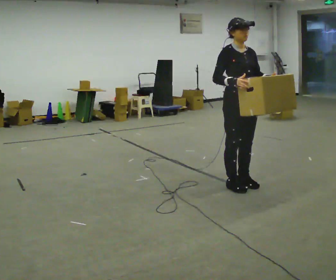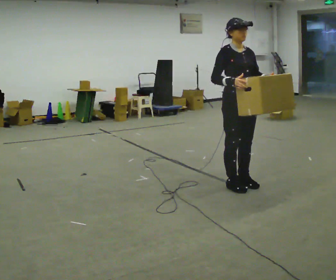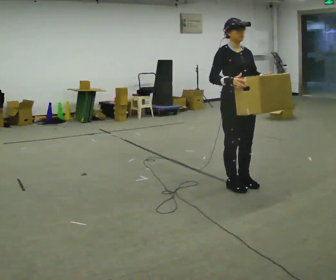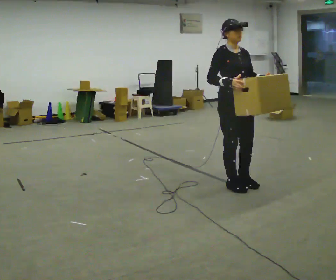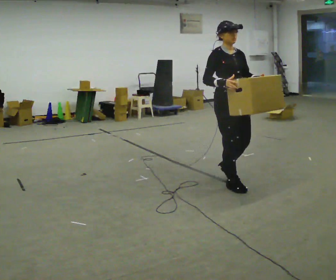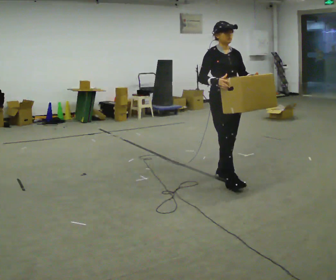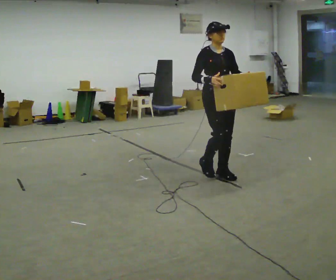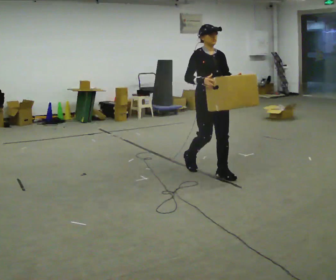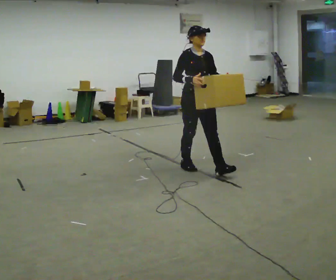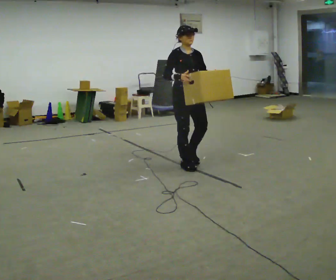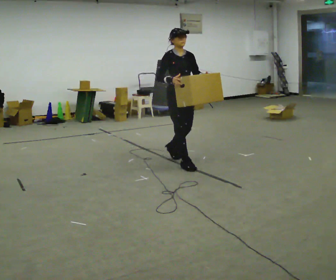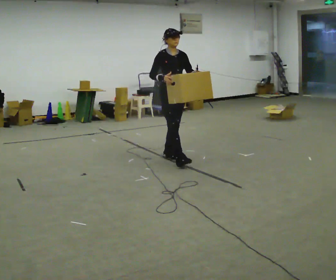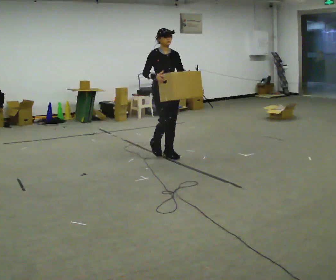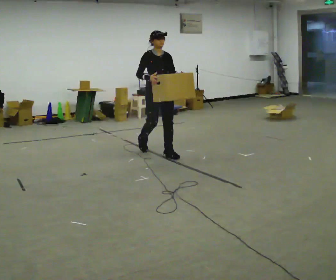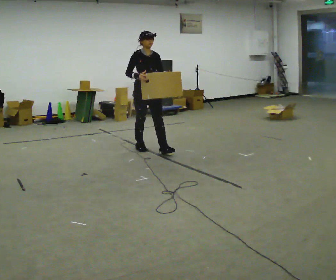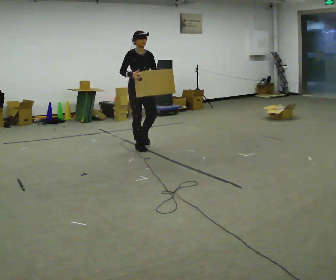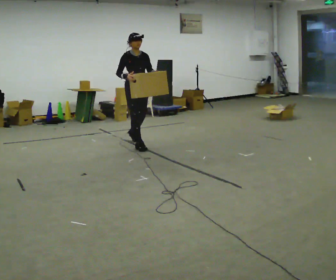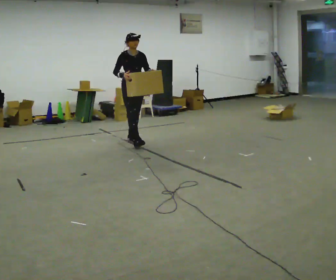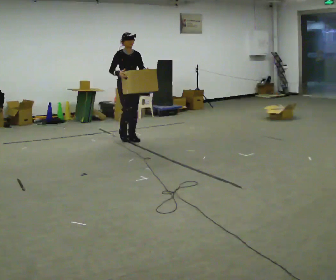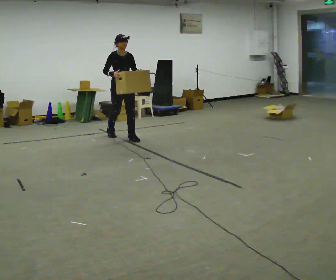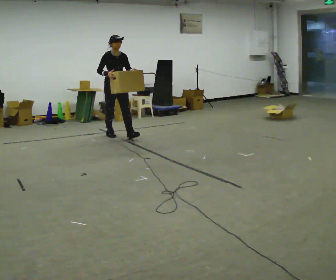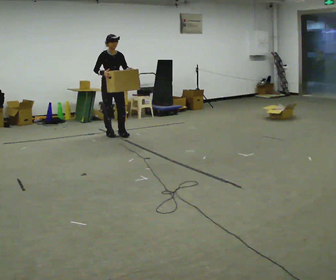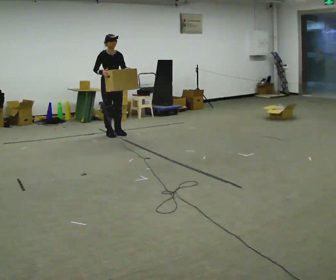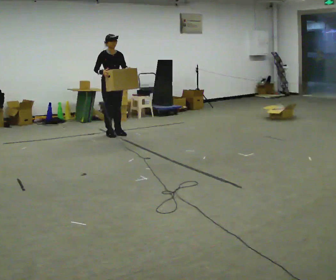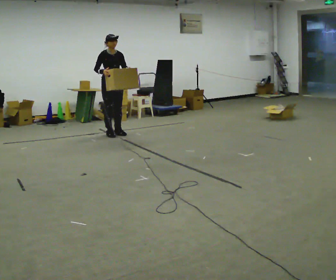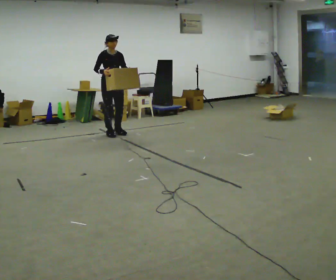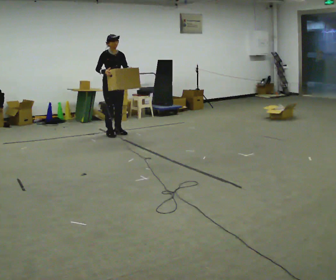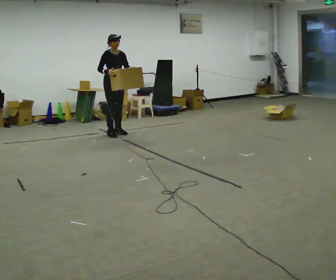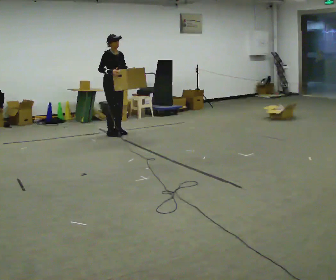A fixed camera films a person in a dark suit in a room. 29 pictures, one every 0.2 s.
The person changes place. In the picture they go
away from the camera.
0.0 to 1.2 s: In the picture they go away from the camera and to the left, about 0.25 m in 2 steps, which for them is backward.
1.2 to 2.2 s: In the picture they go away from the camera and to the left, about 1 m in 2 steps, which for them is backward.
2.2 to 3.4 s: In the picture they go away from the camera and to the left, about 1 m in 2 steps, which for them is backward.
3.4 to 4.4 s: In the picture they go away from the camera and to the left, about 0.75 m in 1 step, which for them is backward.
4.4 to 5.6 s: The person moves a little, or ends about where they began.
The film runs backward here.
